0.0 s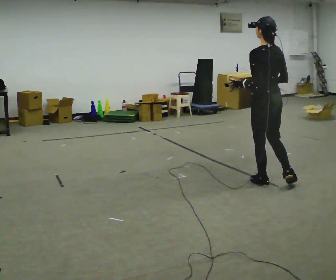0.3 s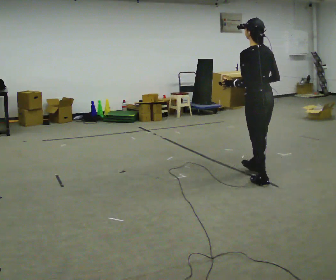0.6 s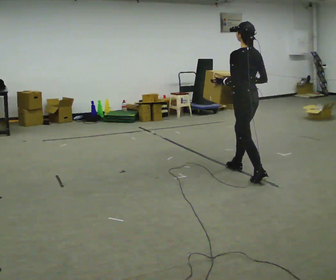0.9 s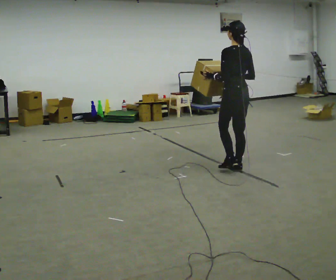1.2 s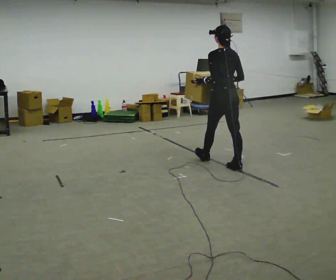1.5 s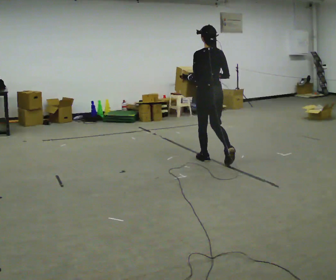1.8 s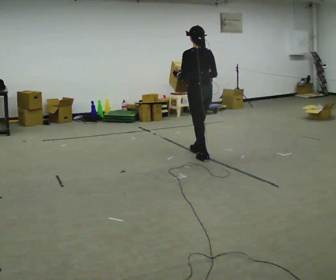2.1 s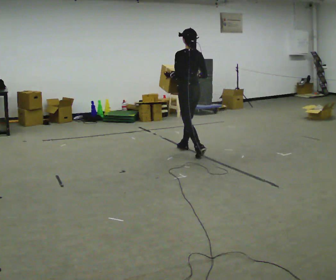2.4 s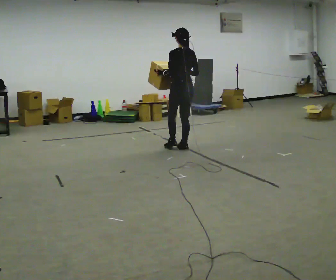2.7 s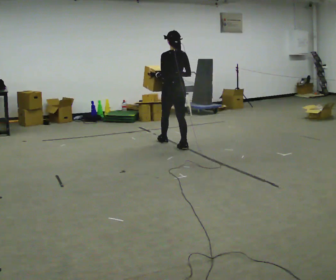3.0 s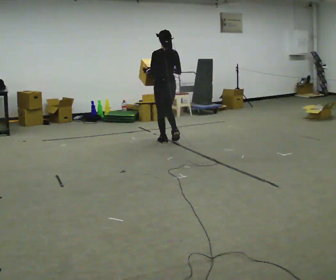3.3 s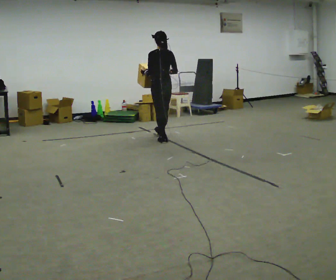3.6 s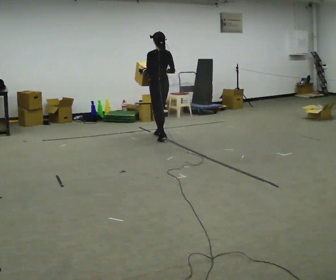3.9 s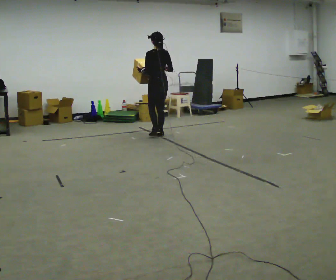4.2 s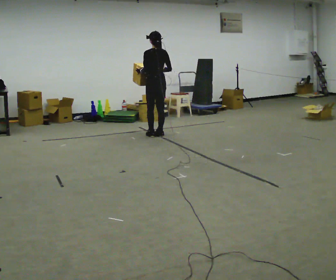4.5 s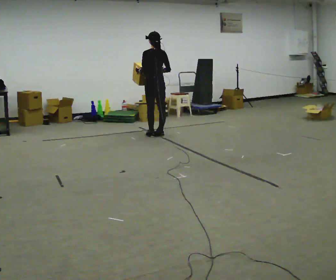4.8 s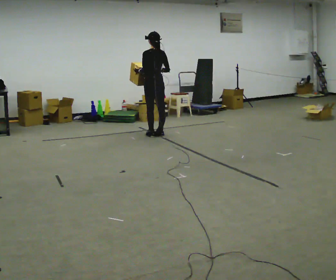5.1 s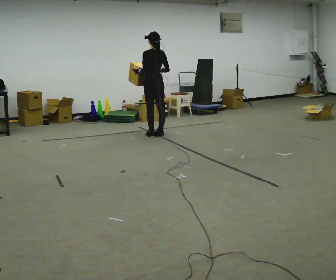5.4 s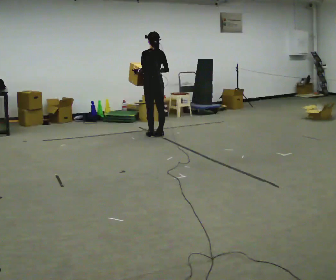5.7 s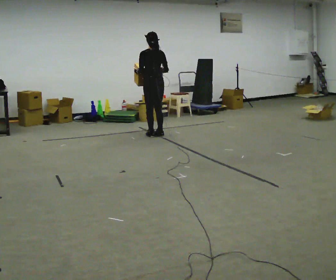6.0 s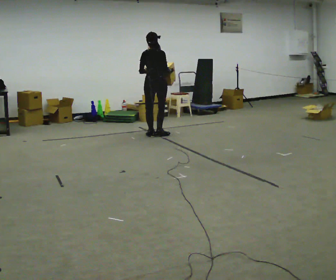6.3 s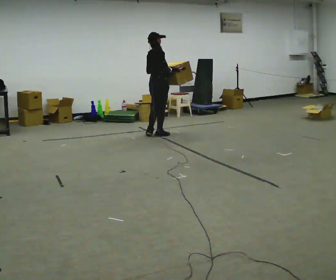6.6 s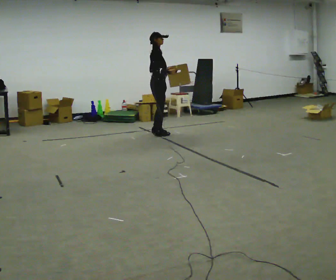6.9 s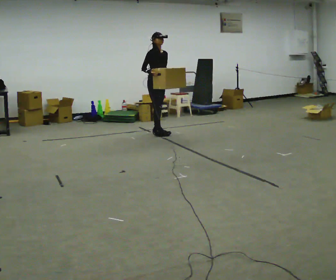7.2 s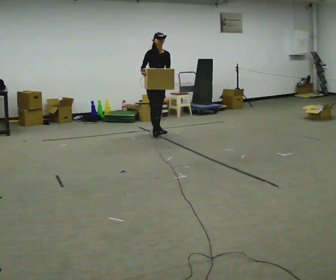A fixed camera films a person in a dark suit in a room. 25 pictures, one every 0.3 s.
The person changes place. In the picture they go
away from the camera.
0.0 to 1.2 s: In the picture they go away from the camera and to the left, about 1 m in 1 step, which for them is forward.
1.2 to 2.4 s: In the picture they go away from the camera and to the left, about 1 m in 2 steps, which for them is forward.
2.4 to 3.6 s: In the picture they go away from the camera and to the left, about 1 m in 2 steps, which for them is forward.
3.6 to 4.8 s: In the picture they go away from the camera, about 0.25 m in 1 step, which for them is forward.
4.8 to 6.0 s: The person turns about 45 degrees to their right, clockwise seen from above, so the part of the body nearest the lens slides to the left.
6.0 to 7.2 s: The part of the body nearest the lens slides to the left as the person turns to their right by about 135 degrees. In the picture they go away from the camera, about 0.25 m in 1 step. In the picture their right hand goes to the left.
The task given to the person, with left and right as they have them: Carry the box in both hands and walk back and forth across the room. The contents may move around. Carry on as best you can.
The film runs forward here.
